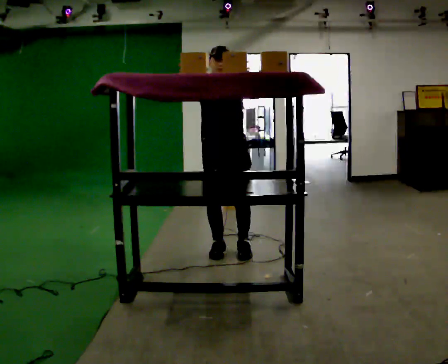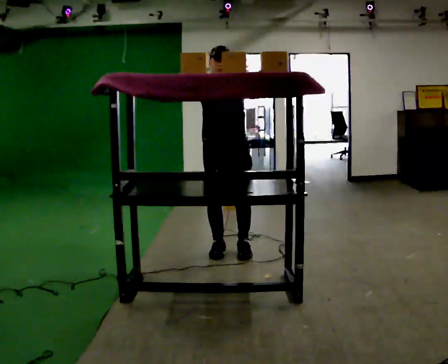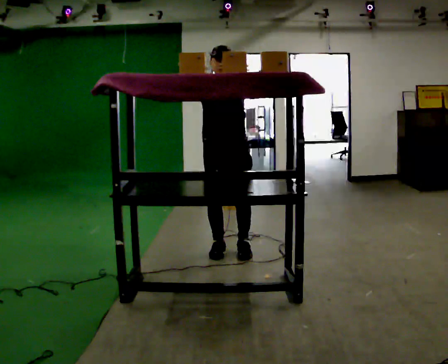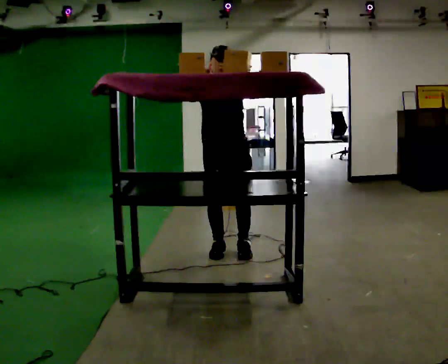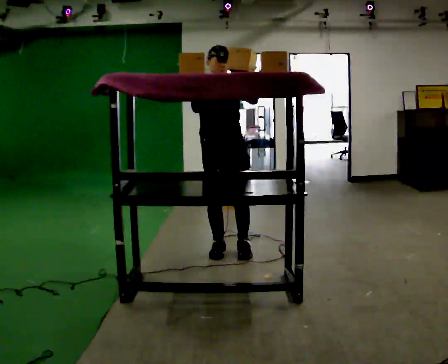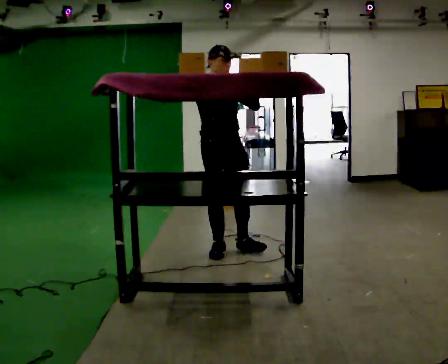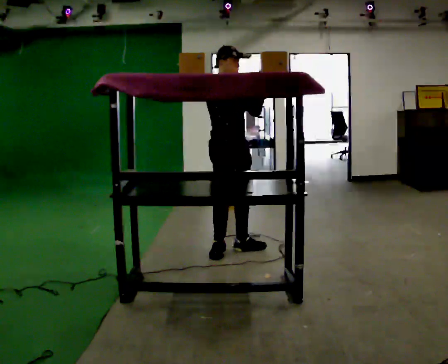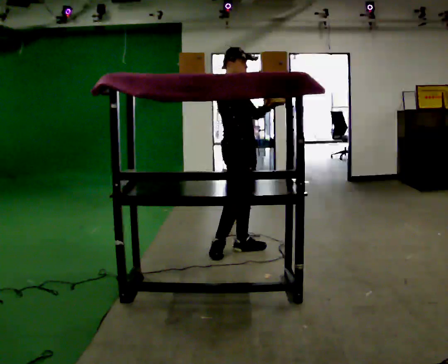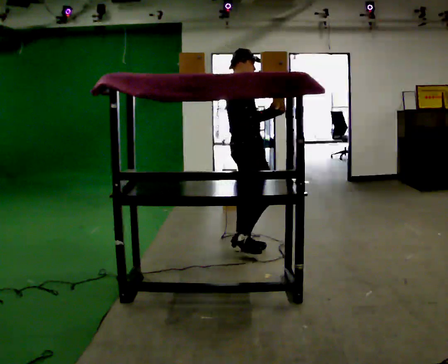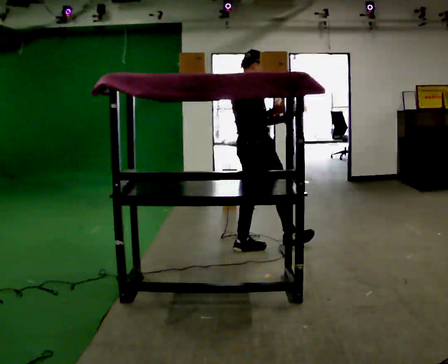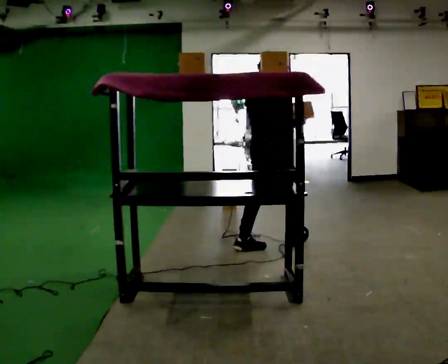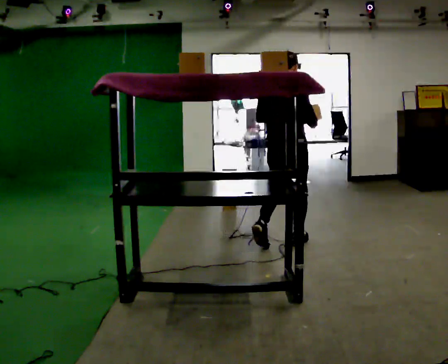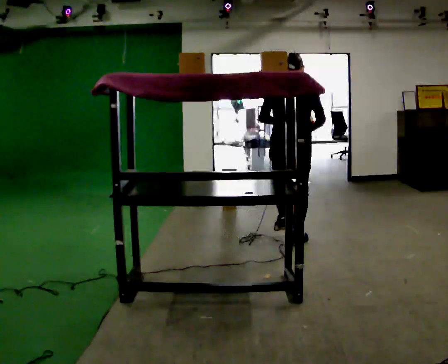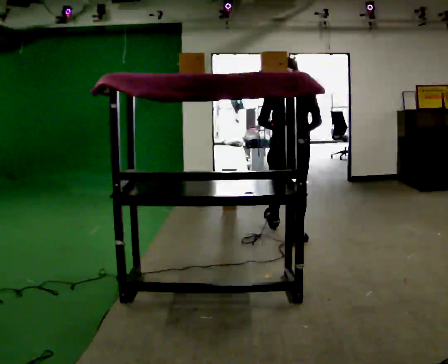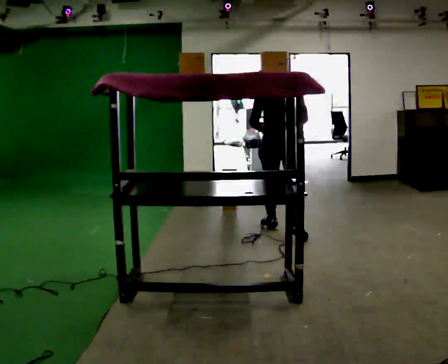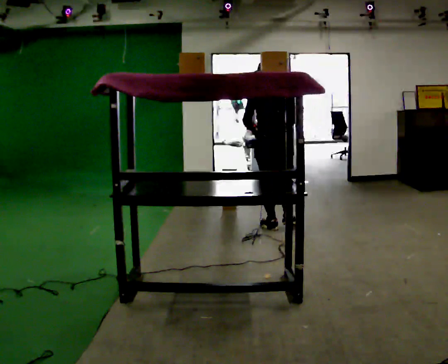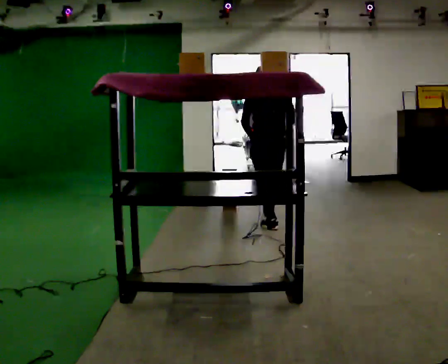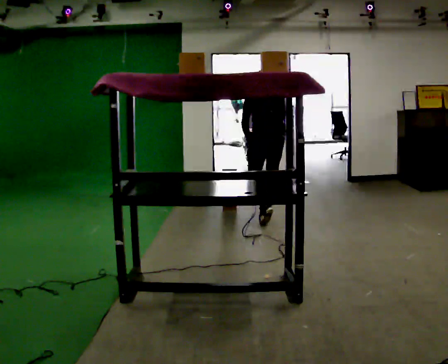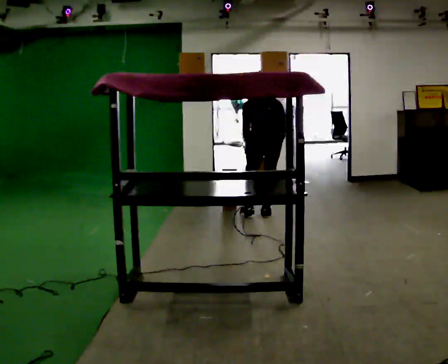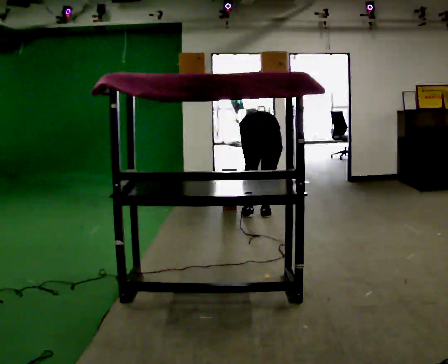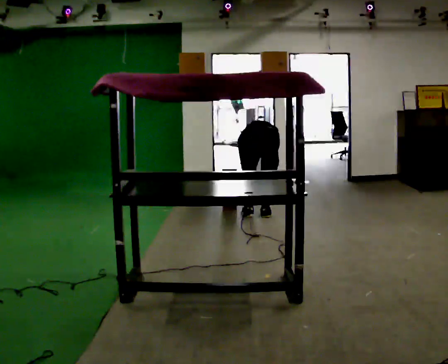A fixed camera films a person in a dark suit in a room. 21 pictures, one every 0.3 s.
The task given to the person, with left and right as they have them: Pick an object up off the floor, carry it across the room, and place it on the highest shelf you can comfortably reach. Keep going until the operator says stop; one object at a time, and do not rush between trips.
0.0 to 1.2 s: The person moves a little, or ends about where they began.
1.2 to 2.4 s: The part of the body nearest the lens slides to the right as the person turns to their left by about 75 degrees. In the picture they go to the right, about 0.25 m.
2.4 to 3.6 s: The person turns about 75 degrees to their left, counterclockwise seen from above, so the part of the body nearest the lens slides to the right. In the picture they go to the right and away from the camera, about 0.5 m in 1 step.
3.6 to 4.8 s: Seen from above the body turns counterclockwise, about 30 degrees: to their left, with its near side sliding to the right. In the picture they go away from the camera, about 0.75 m in 1 step, which for them is forward.
4.8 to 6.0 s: In the picture they go away from the camera, about 0.25 m in 2 steps, which for them is forward. The upper body goes downward. The upper body tips away from the camera, its near side rolling upward, as they bend forward. In the picture their right hand goes downward.
The film runs forward here.
